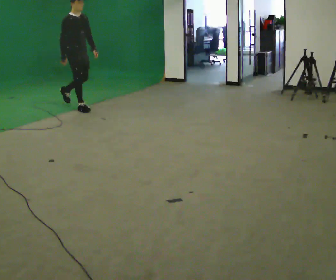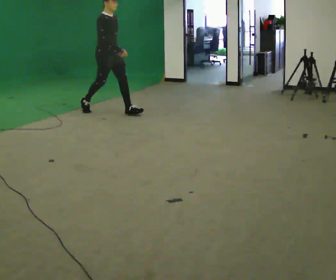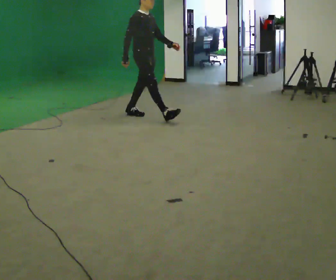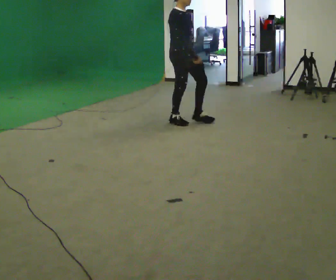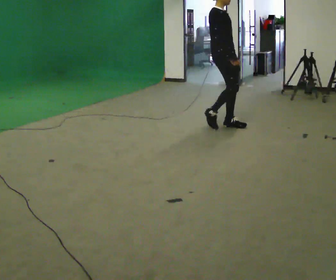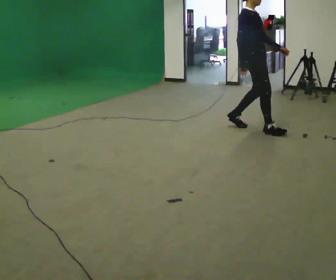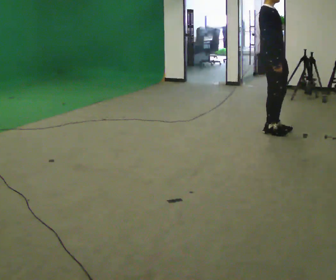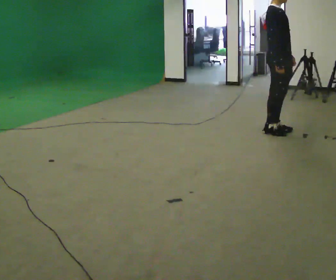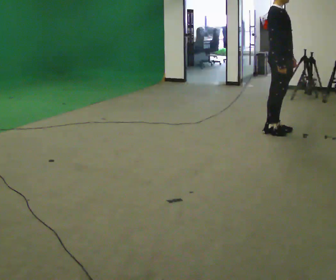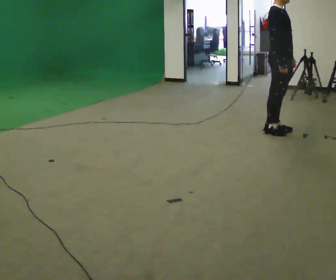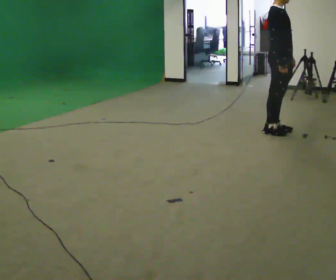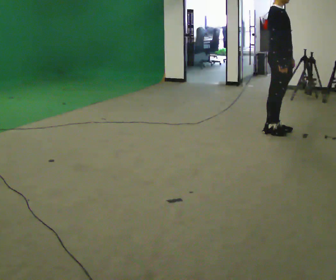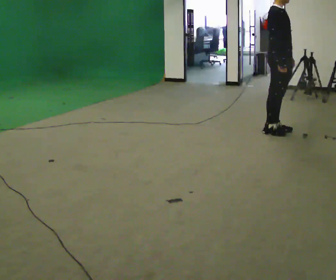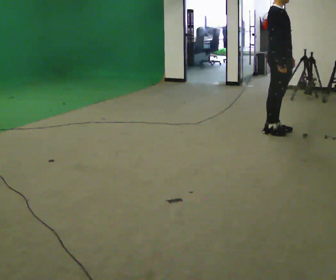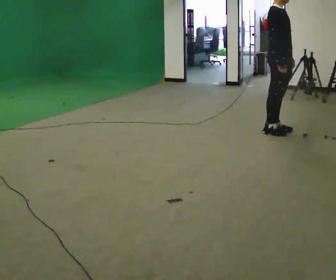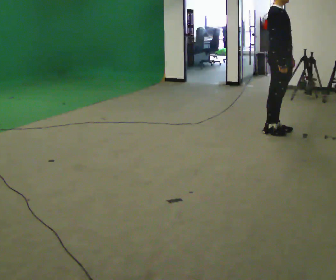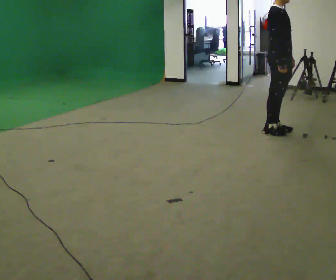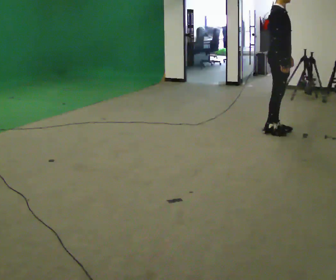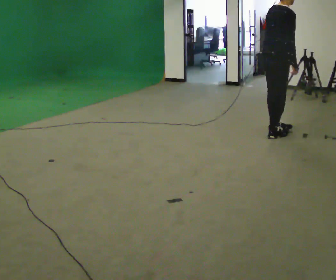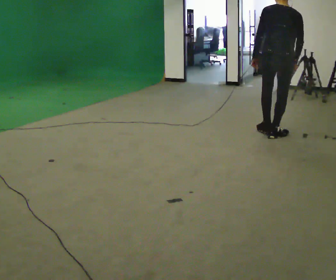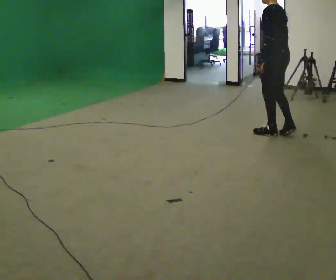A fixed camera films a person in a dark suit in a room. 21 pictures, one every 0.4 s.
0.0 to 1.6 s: In the picture they go to the right, about 2.5 m in 3 steps, which for them is forward.
1.6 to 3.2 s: In the picture they go to the right, about 0.75 m in 2 steps, which for them is forward.
3.2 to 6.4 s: The person keeps their place and pose.
6.4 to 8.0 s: Seen from above the body turns counterclockwise, about 165 degrees: to their left, with its near side sliding to the right.
The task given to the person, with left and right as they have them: Walk normally; at marked point stop as quickly as comfortably possible; remain still.
The film runs forward here.
